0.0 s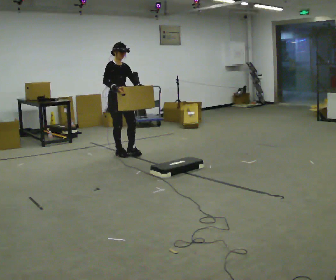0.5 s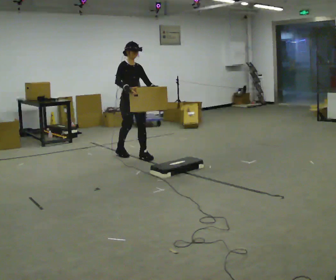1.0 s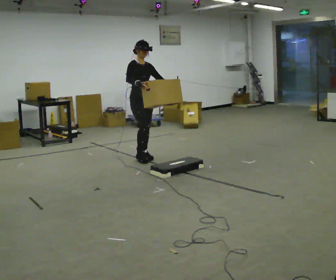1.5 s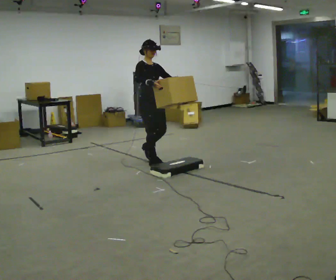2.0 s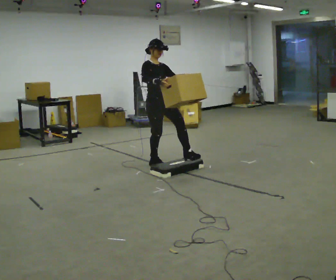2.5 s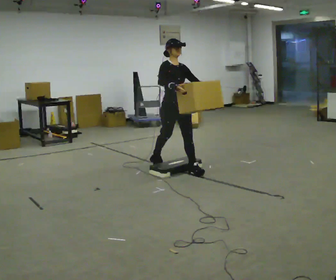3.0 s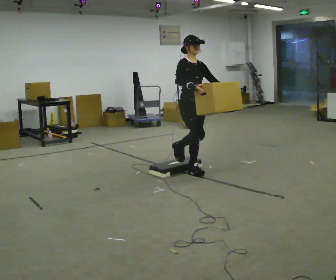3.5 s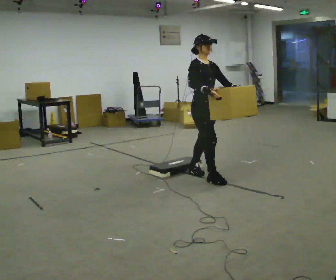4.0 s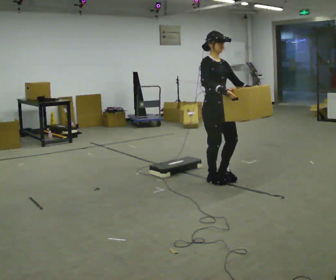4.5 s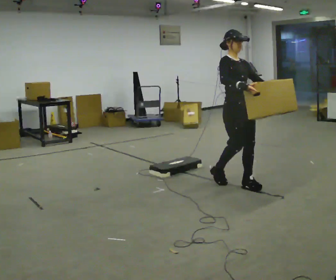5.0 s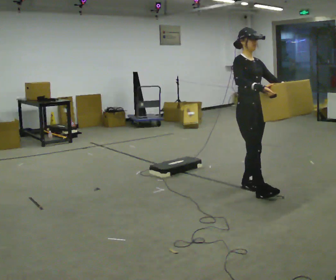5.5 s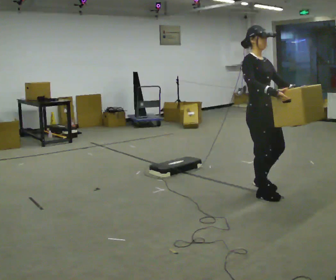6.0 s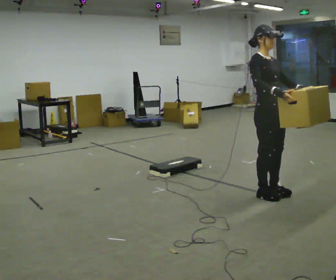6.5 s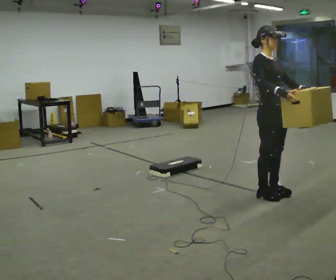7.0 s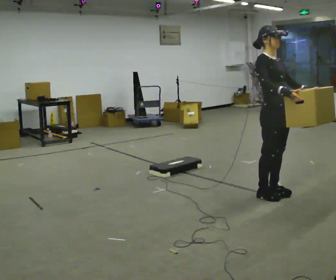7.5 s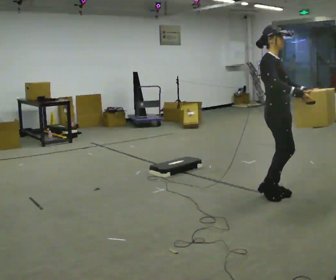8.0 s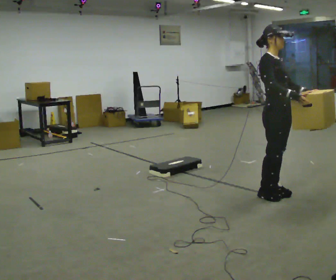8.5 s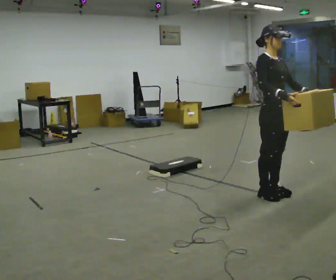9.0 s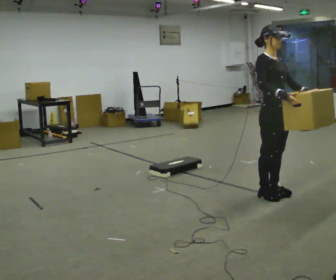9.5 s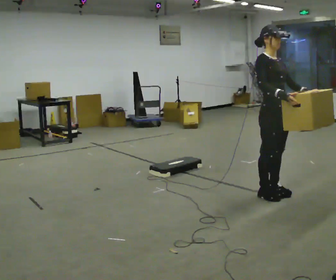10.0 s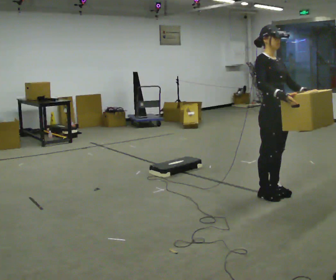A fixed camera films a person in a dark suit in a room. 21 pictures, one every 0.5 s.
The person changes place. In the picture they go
to the right.
0.0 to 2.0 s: In the picture they go to the right and toward the camera, about 1 m in 2 steps, which for them is forward.
2.0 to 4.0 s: In the picture they go to the right and toward the camera, about 1 m in 2 steps, which for them is forward.
4.0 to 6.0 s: In the picture they go to the right and toward the camera, about 0.75 m in 3 steps, which for them is forward.
6.0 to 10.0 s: The person moves a little, or ends about where they began.
The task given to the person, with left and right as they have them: Carry the box over the low sill without stopping, then bring it back over. Keep going until the operator says stop; one object at a time, and do not rush between trips.
The film runs forward here.
